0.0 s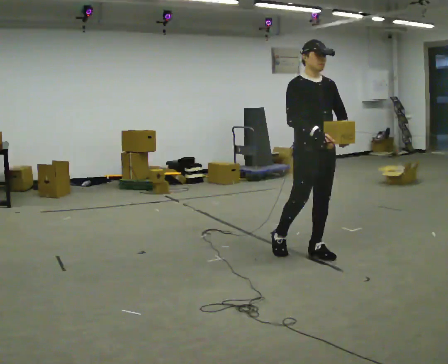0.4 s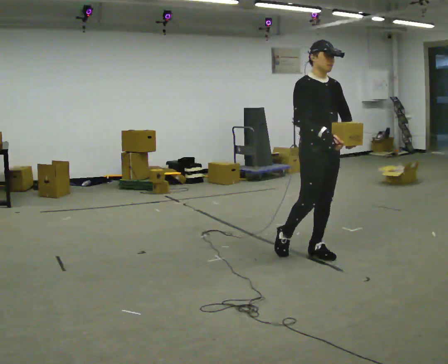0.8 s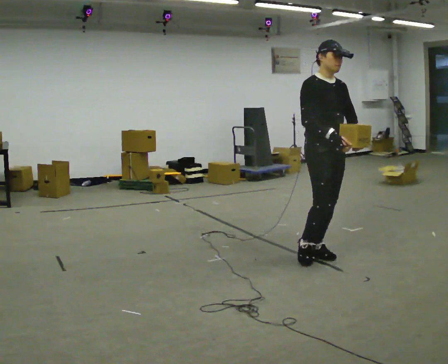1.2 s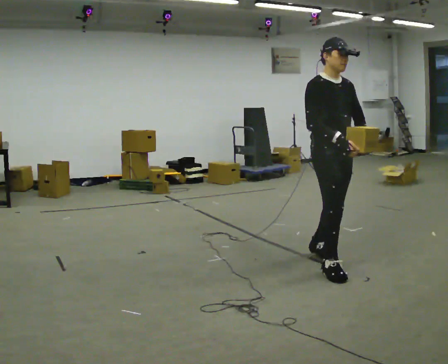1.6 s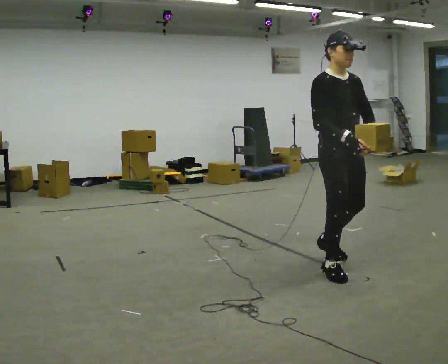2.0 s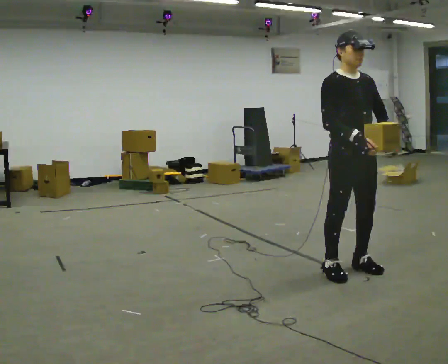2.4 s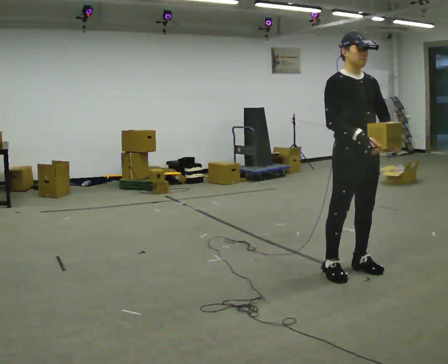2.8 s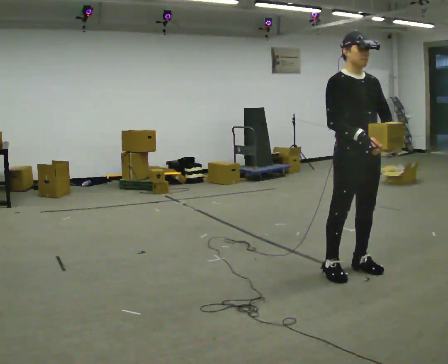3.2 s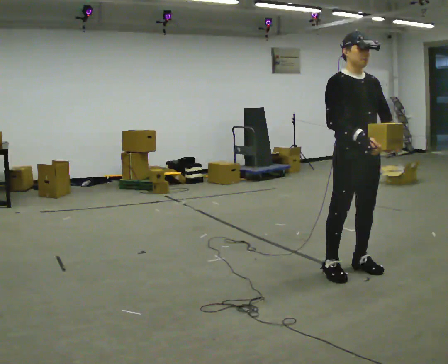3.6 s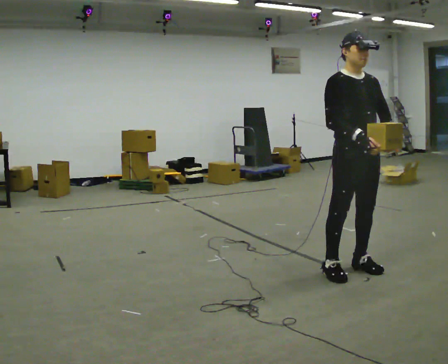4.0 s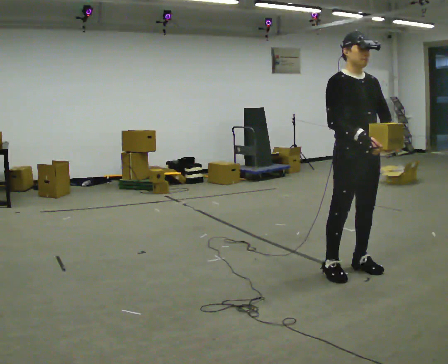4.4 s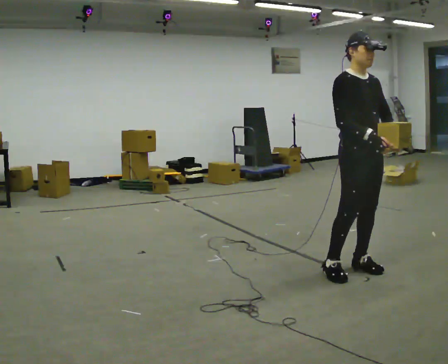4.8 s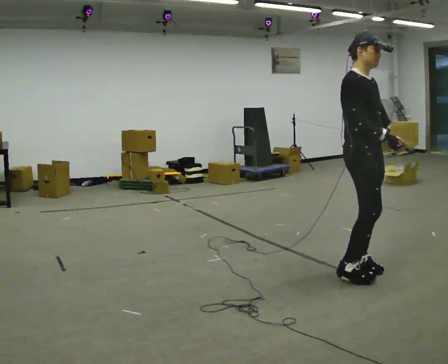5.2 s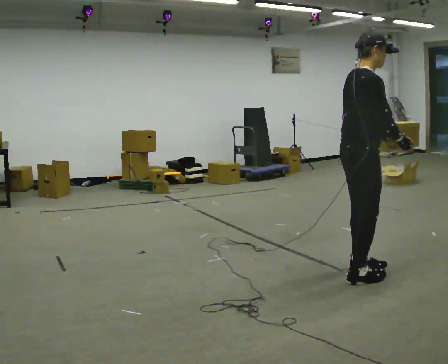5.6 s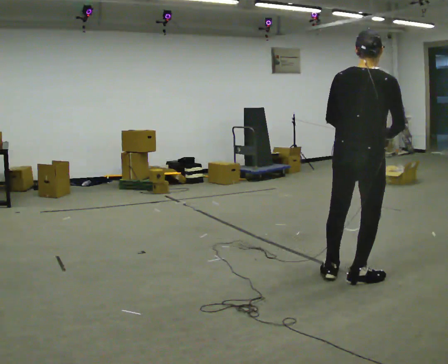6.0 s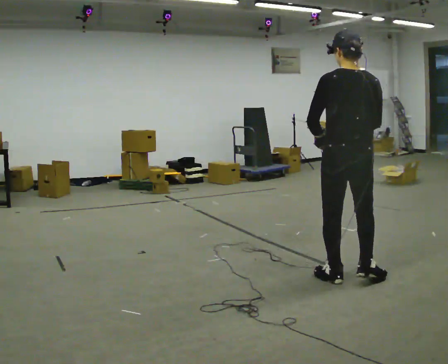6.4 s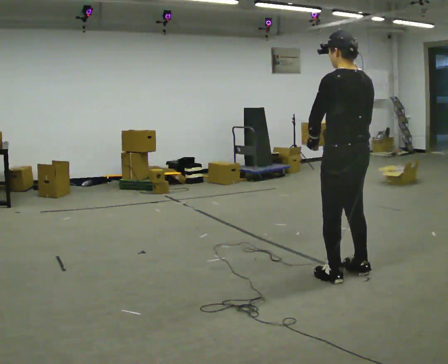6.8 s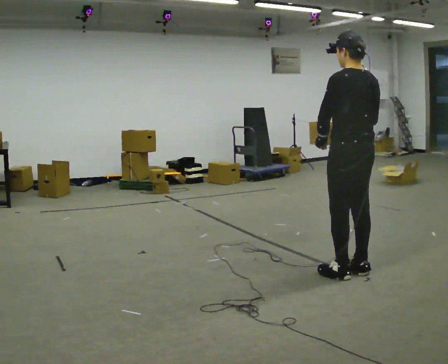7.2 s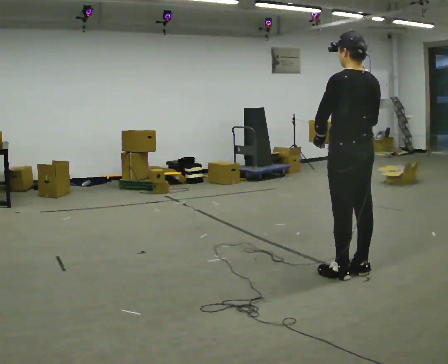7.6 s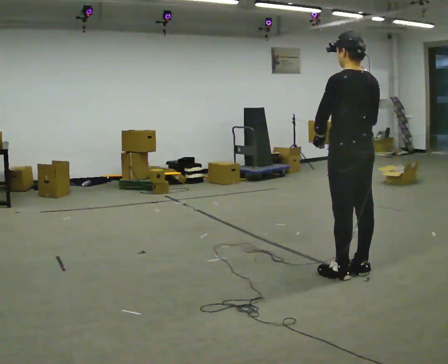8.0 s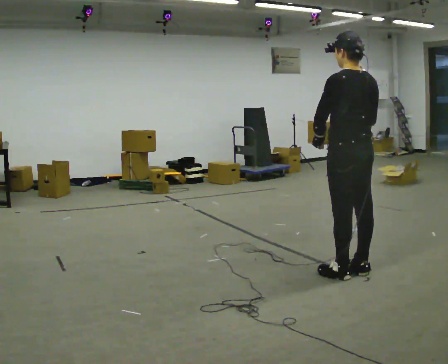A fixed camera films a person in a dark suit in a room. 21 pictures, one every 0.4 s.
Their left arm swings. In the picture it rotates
clockwise.
The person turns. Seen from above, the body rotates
counterclockwise.
0.0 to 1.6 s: In the picture they go toward the camera and to the right, about 0.5 m in 1 step, which for them is forward.
1.6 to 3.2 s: The person moves a little, or ends about where they began.
3.2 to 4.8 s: The person turns about 30 degrees to their left, counterclockwise seen from above, so the part of the body nearest the lens slides to the right.
4.8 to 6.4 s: The person turns about 150 degrees to their left, counterclockwise seen from above, so the part of the body nearest the lens slides to the right. In the picture they go toward the camera, about 0.25 m in 2 steps. In the picture their left hand goes to the left, the arm swinging clockwise.
6.4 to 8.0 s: The person moves a little, or ends about where they began.
The film runs forward here.
